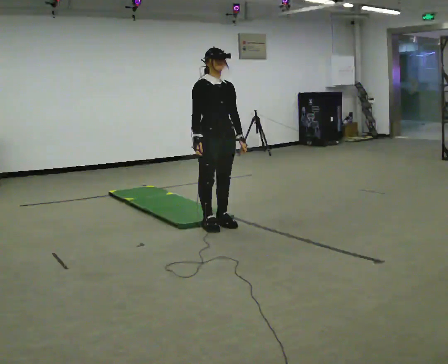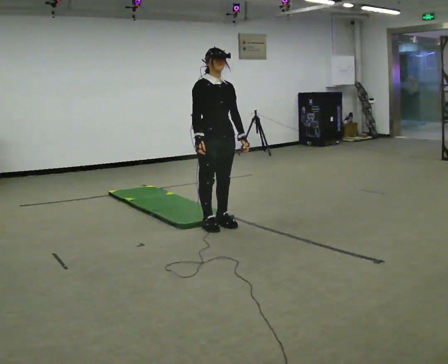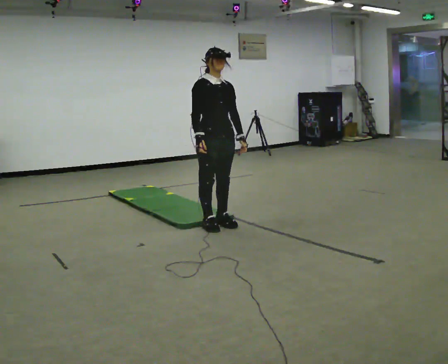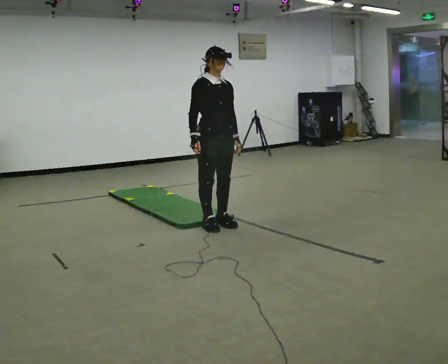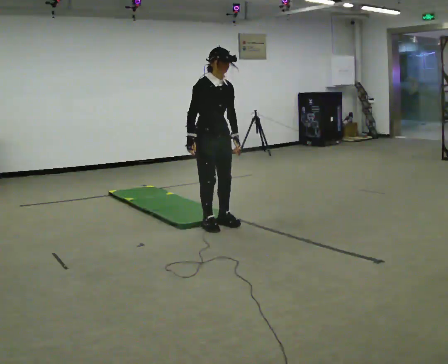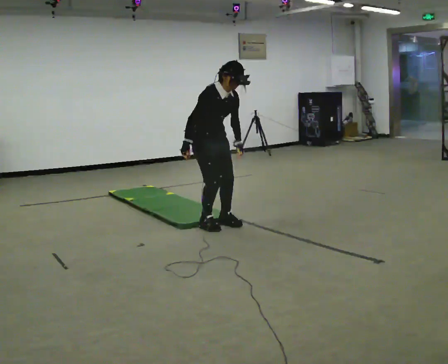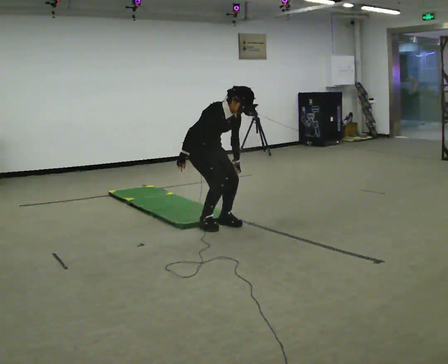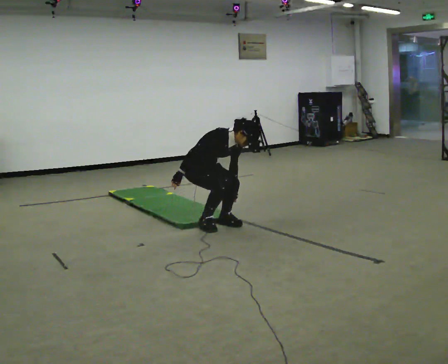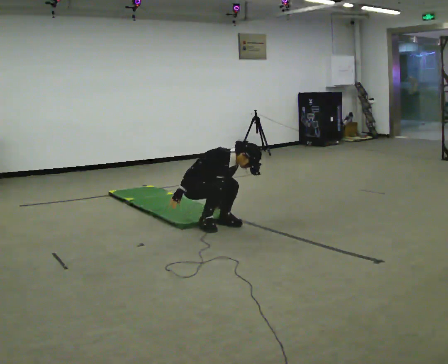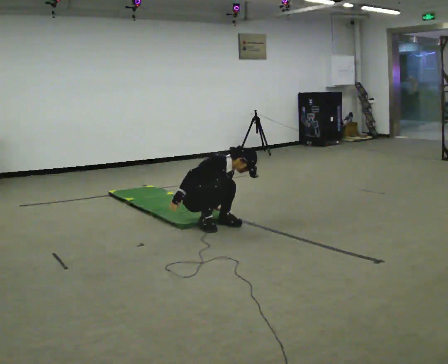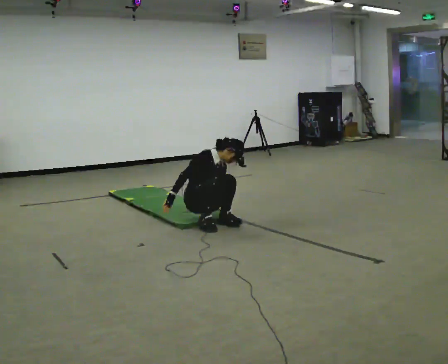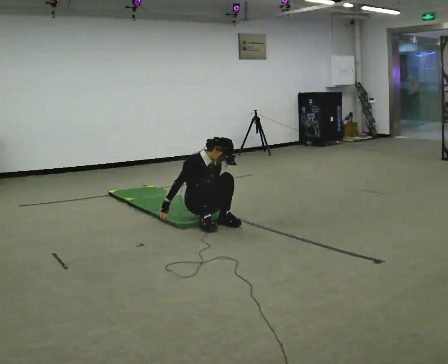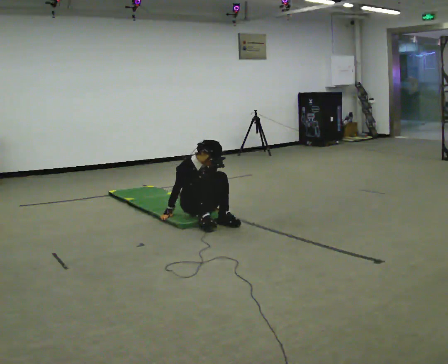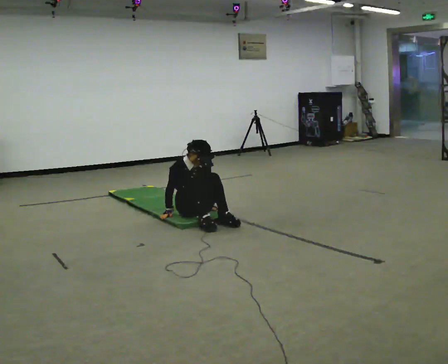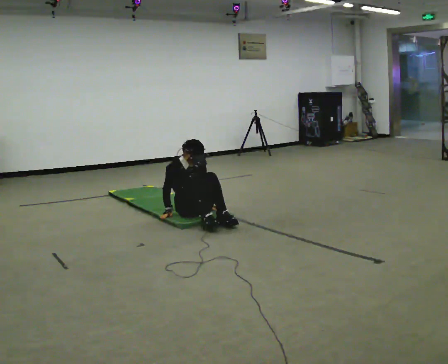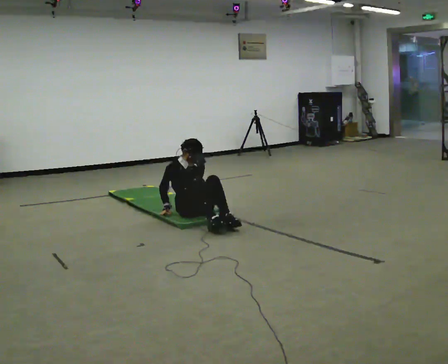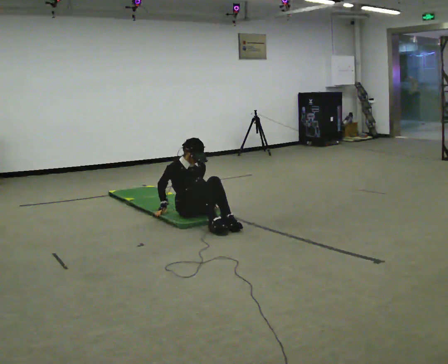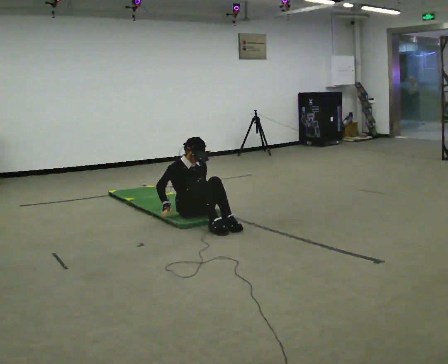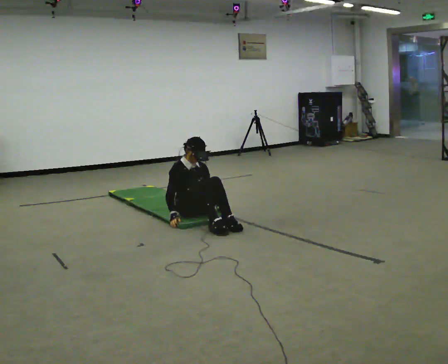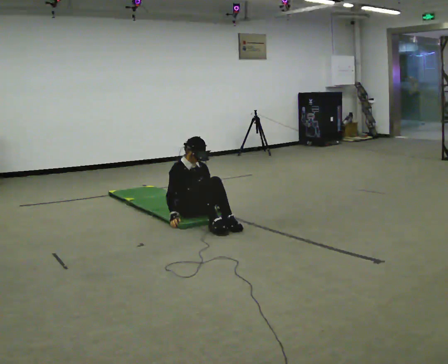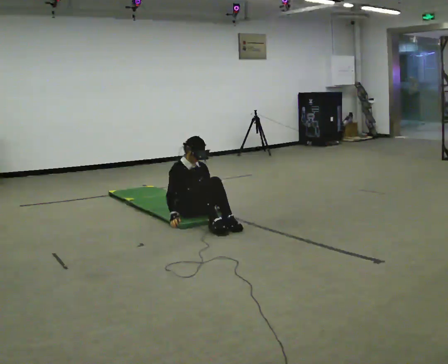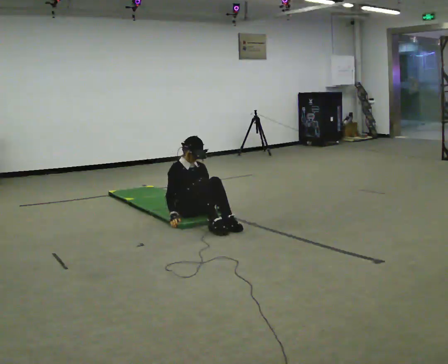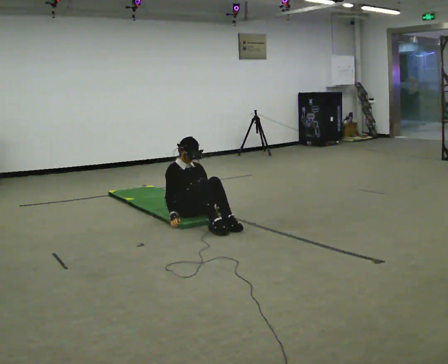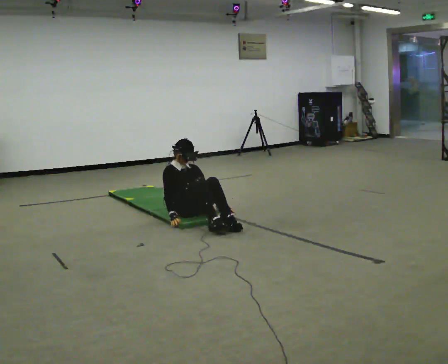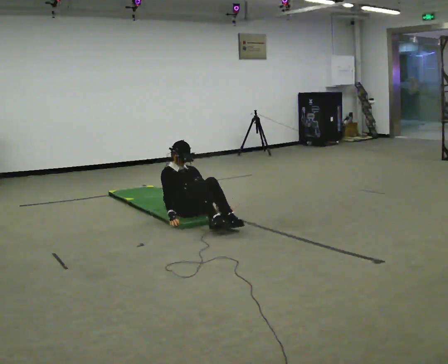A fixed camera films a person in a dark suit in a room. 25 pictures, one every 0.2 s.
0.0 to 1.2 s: The shoulders move downward. The upper body tips toward the camera, its near side rolling downward, as they bend forward.
1.2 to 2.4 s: In the picture they go away from the camera, about 0.25 m, which for them is backward. The shoulders move downward. In the picture their right hand goes downward.
2.4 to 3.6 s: The person moves a little, or ends about where they began.
3.6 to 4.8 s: The upper body tips away from the camera, its near side rolling upward, as they lean back or straighten.
The film runs backward here.
